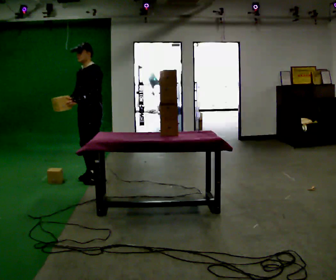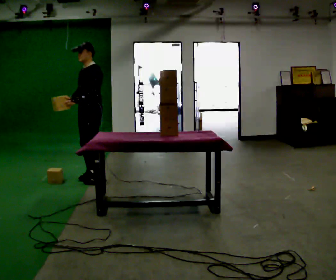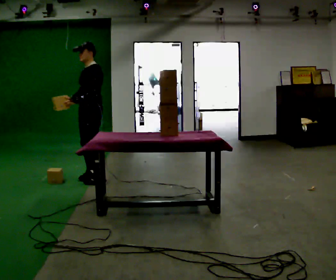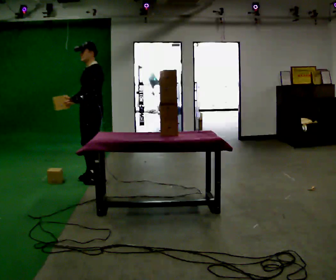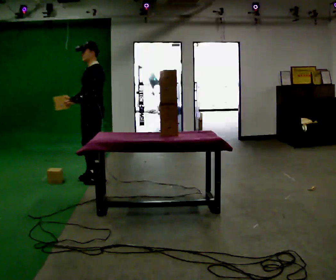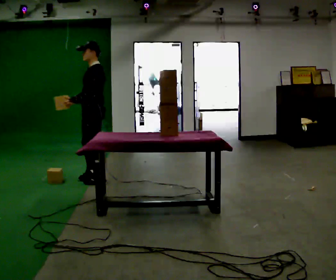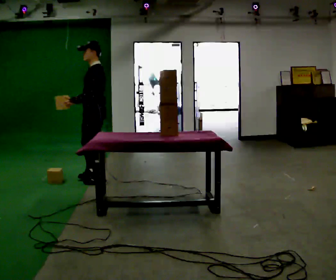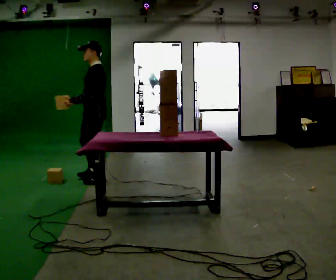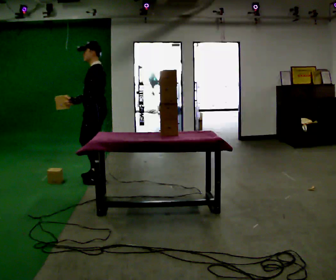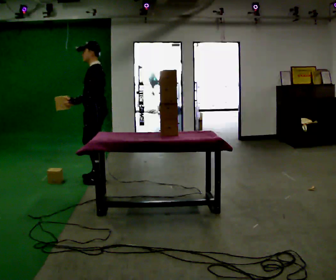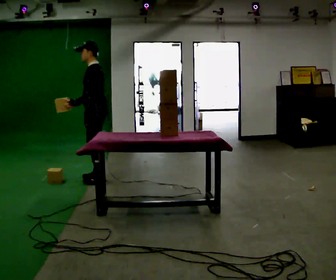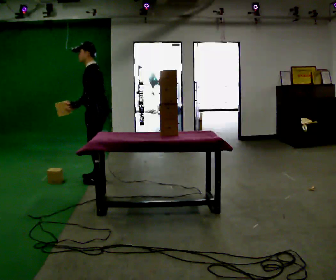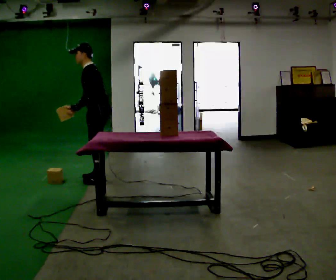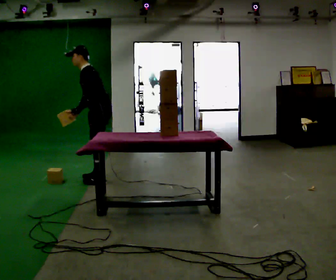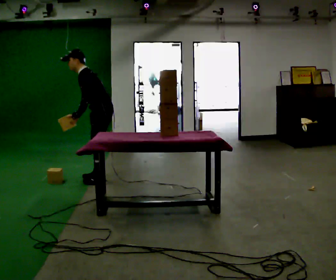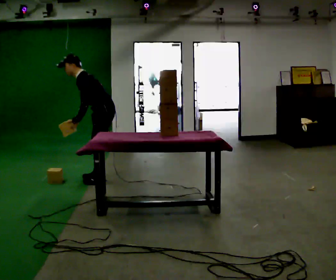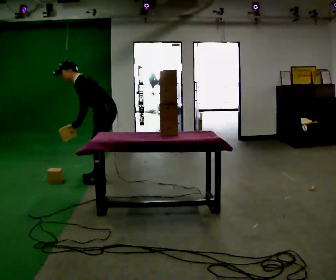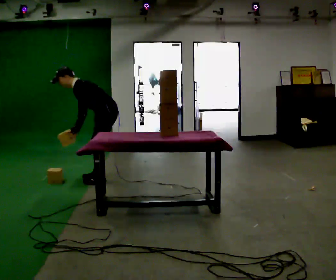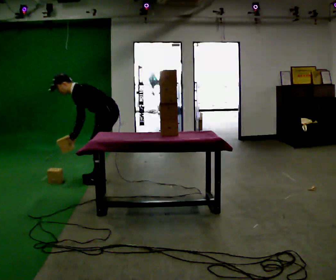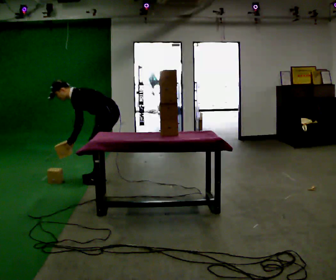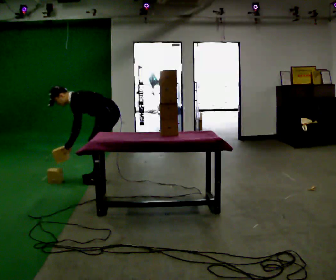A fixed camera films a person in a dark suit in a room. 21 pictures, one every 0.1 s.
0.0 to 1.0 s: The part of the body nearest the lens slides to the left as the person turns to their right by about 30 degrees. In the picture they go toward the camera, about 0.25 m in 1 step, which for them is to their left.
1.0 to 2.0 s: The upper body goes downward. In the picture the upper body tilts counterclockwise, shoulders to the left, as they bend forward. In the picture their left hand goes downward.
The film runs backward here.
